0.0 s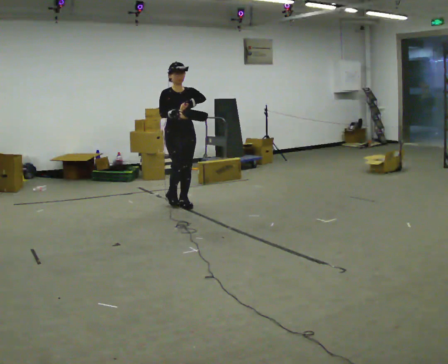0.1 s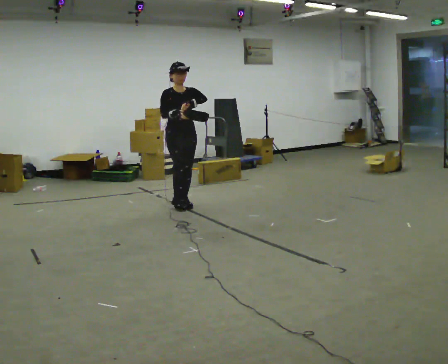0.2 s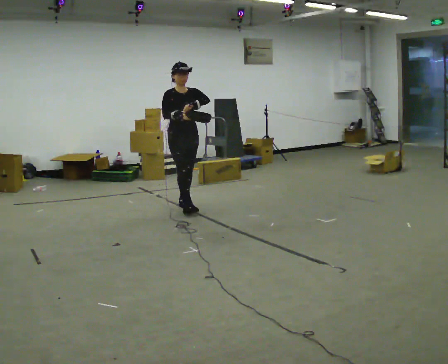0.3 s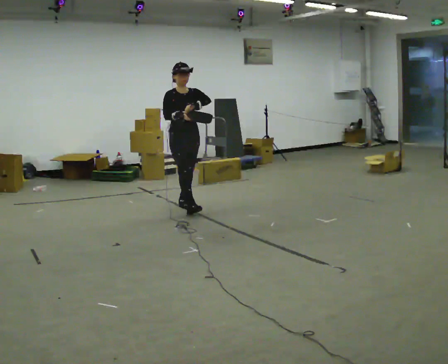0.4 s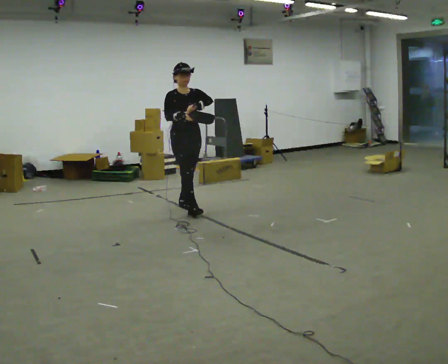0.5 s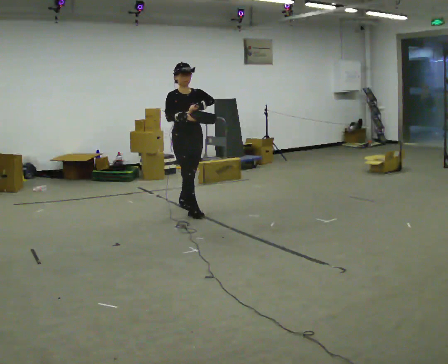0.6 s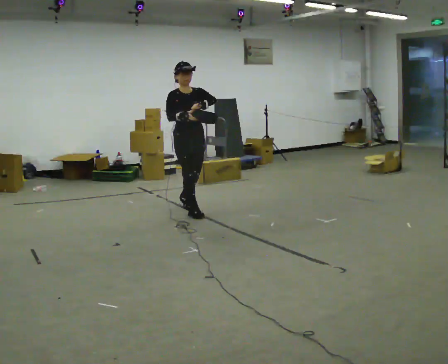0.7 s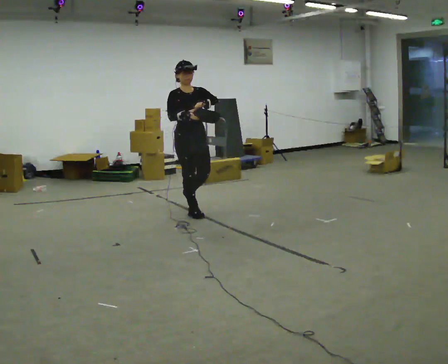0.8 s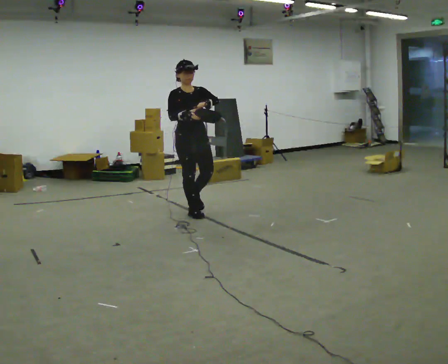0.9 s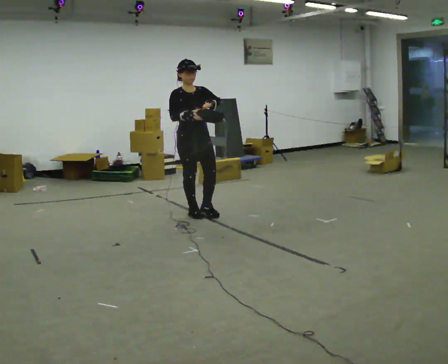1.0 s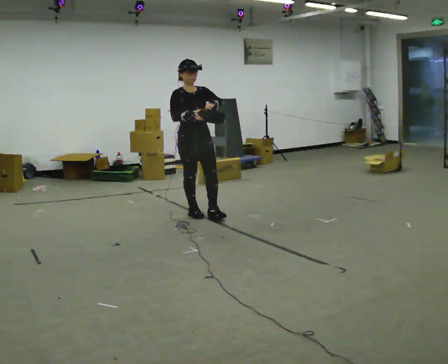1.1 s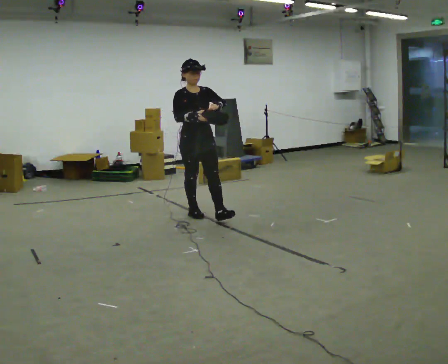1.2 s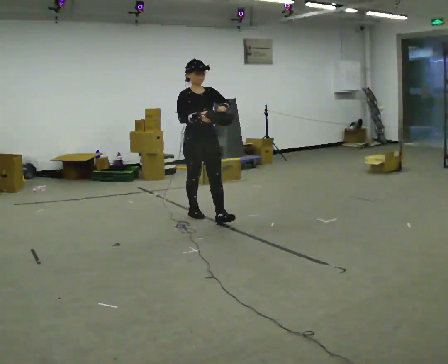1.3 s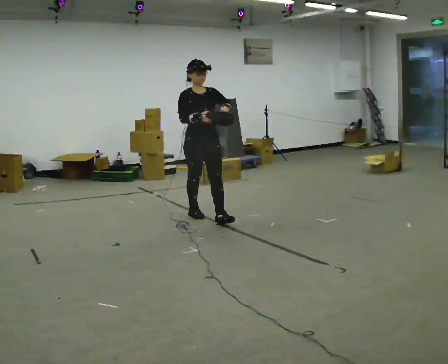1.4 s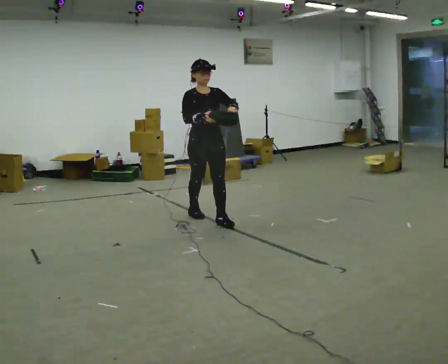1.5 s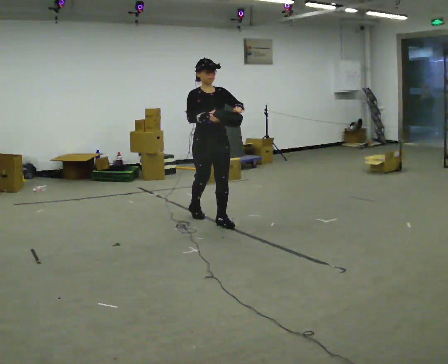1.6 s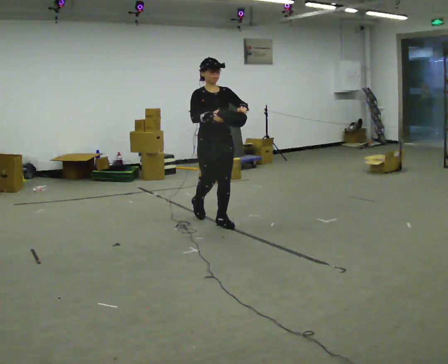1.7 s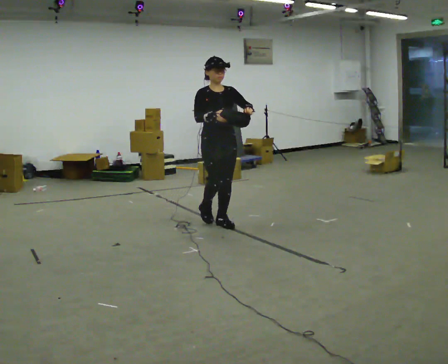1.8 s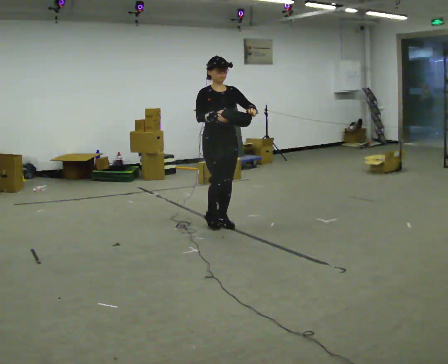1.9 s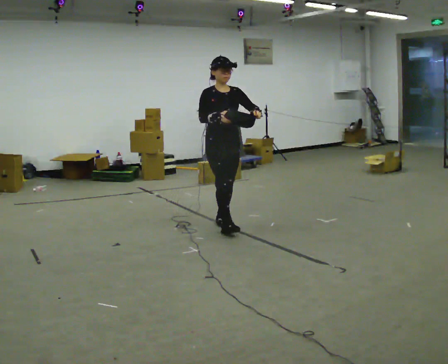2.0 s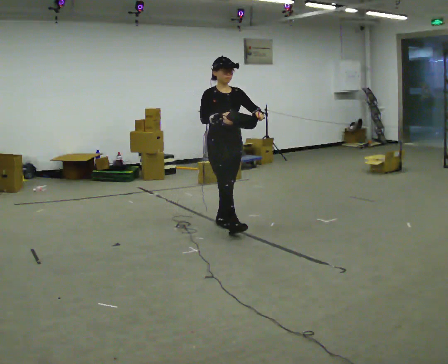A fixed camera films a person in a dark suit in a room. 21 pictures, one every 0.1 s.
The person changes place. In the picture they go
toward the camera.
0.0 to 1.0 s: In the picture they go toward the camera and to the right, about 0.5 m in 1 step, which for them is forward.
1.0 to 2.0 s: In the picture they go toward the camera and to the right, about 0.5 m in 1 step, which for them is forward.
The film runs forward here.
